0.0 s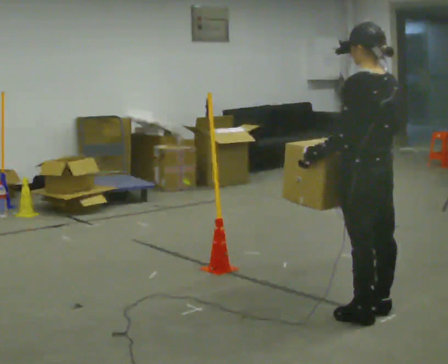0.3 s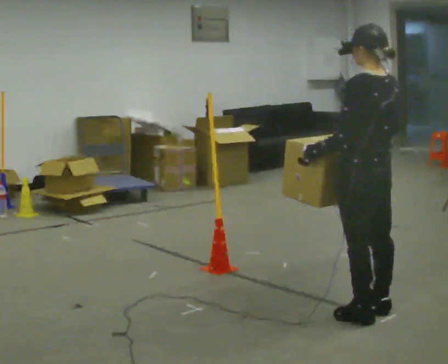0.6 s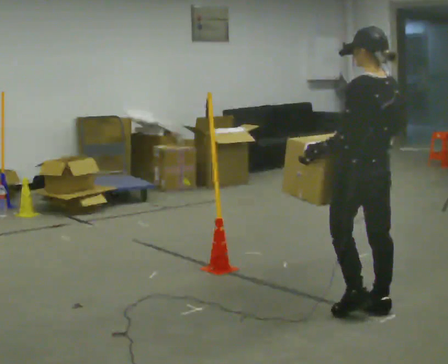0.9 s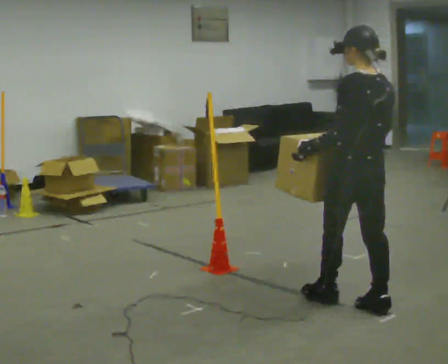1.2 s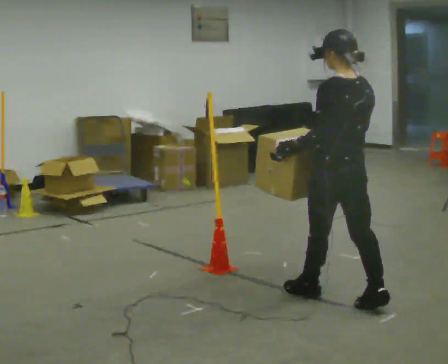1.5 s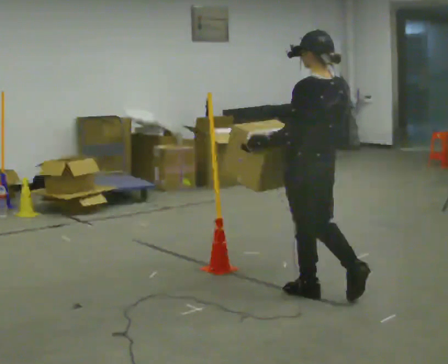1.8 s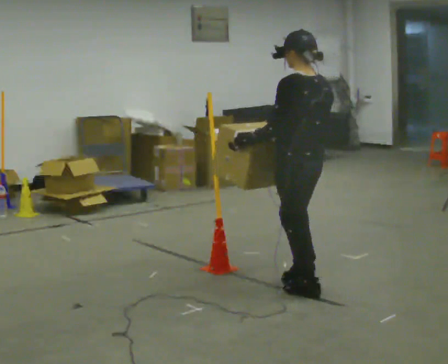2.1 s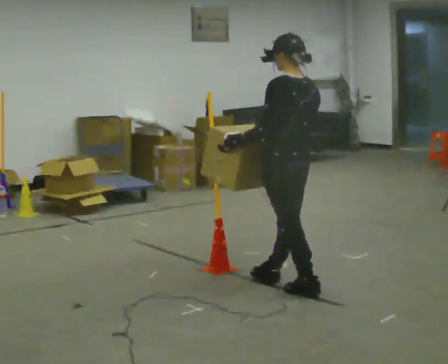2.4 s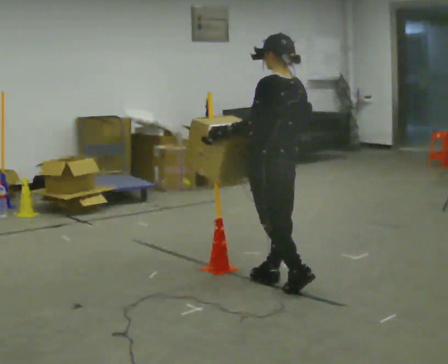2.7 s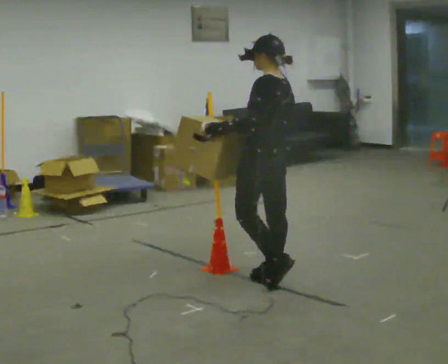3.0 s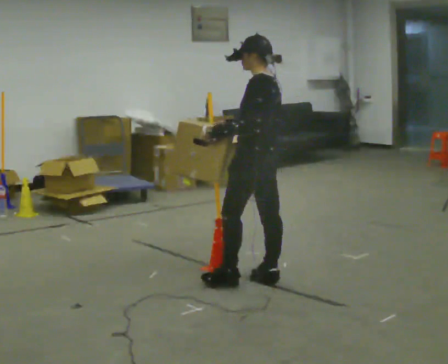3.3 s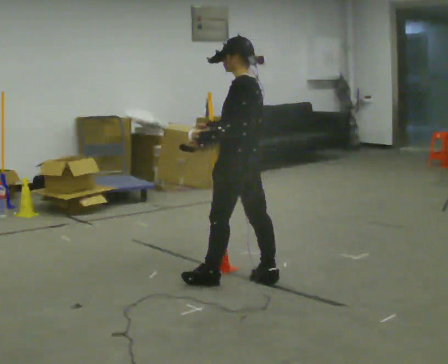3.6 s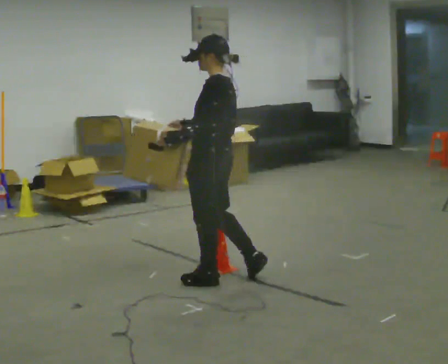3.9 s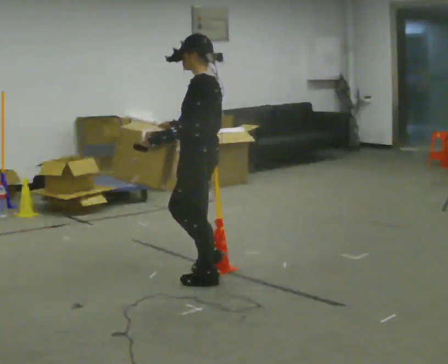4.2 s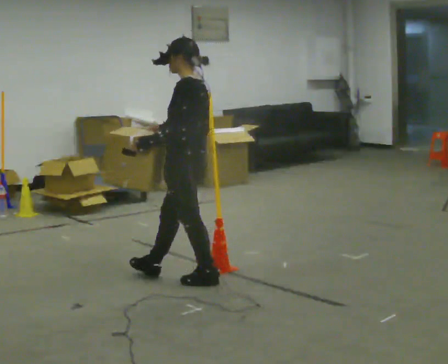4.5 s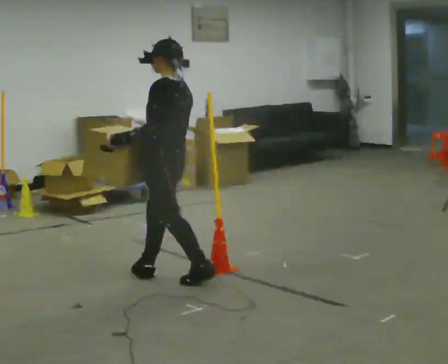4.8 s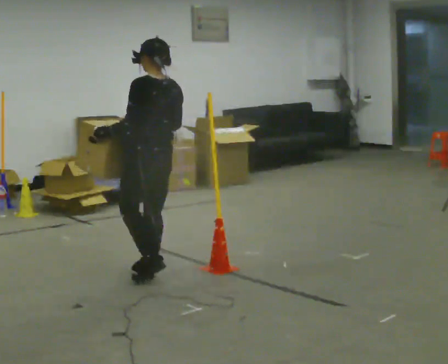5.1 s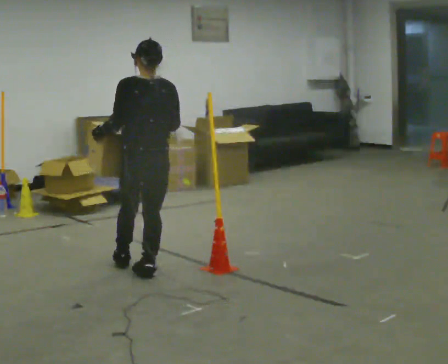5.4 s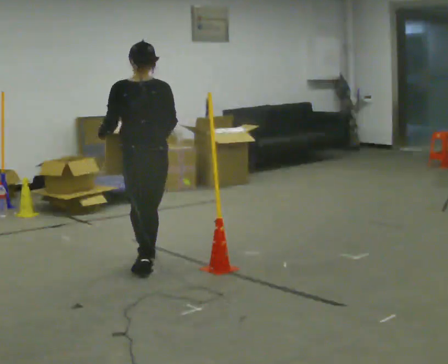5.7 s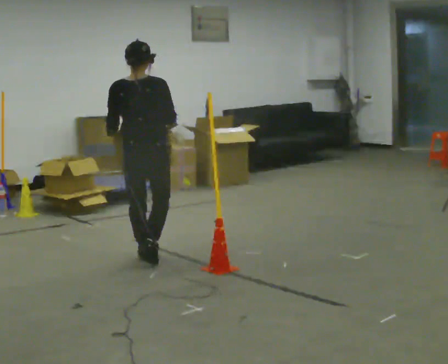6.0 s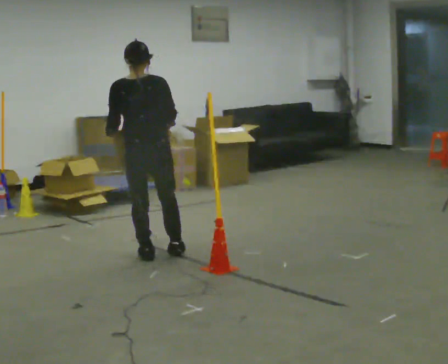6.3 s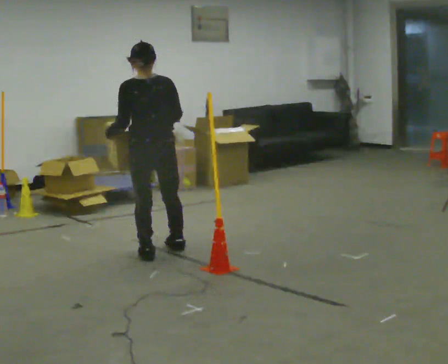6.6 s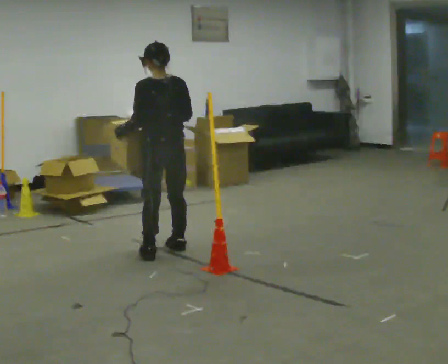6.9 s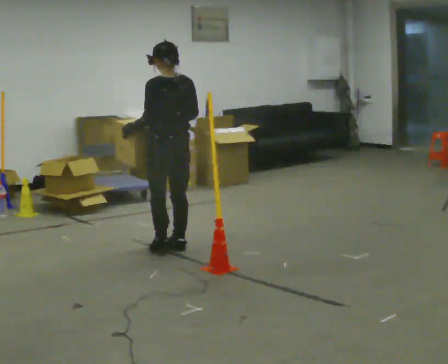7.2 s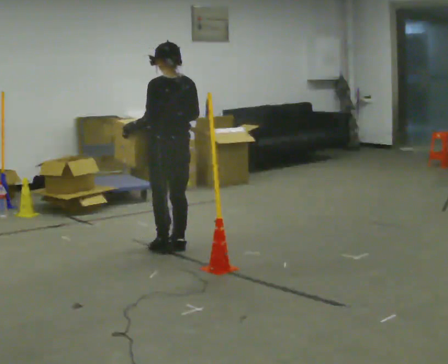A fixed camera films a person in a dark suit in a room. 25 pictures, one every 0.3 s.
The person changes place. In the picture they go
away from the camera.
0.0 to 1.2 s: In the picture they go away from the camera, about 0.25 m in 1 step, which for them is forward.
1.2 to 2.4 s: In the picture they go away from the camera and to the left, about 0.5 m in 1 step, which for them is forward.
2.4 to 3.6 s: Seen from above the body turns counterclockwise, about 30 degrees: to their left, with its near side sliding to the right. In the picture they go to the left, about 0.25 m in 1 step, which for them is forward.
3.6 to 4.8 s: The person turns about 30 degrees to their right, clockwise seen from above, so the part of the body nearest the lens slides to the left. In the picture they go to the left and away from the camera, about 0.5 m in 1 step, which for them is forward.
4.8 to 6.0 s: The person turns about 45 degrees to their right, clockwise seen from above, so the part of the body nearest the lens slides to the left. In the picture they go away from the camera, about 0.5 m in 1 step, which for them is forward.
6.0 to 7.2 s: Seen from above the body turns counterclockwise, about 30 degrees: to their left, with its near side sliding to the right. In the picture they go away from the camera and to the right, about 0.25 m in 2 steps, which for them is to their right and forward.
The film runs forward here.
